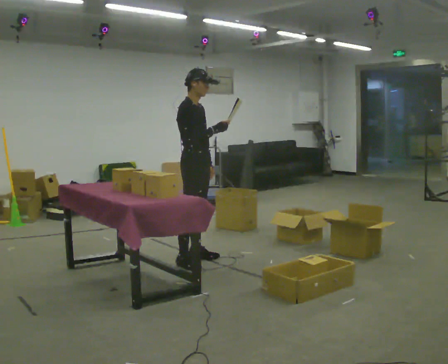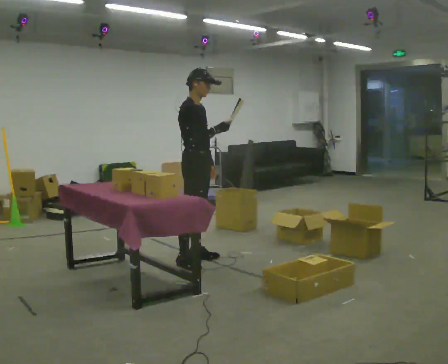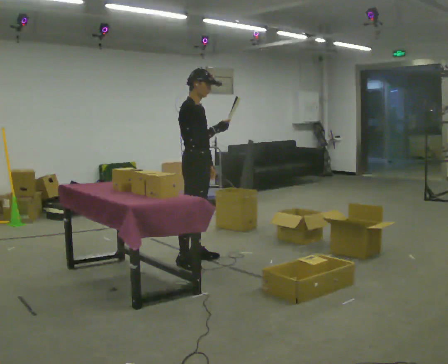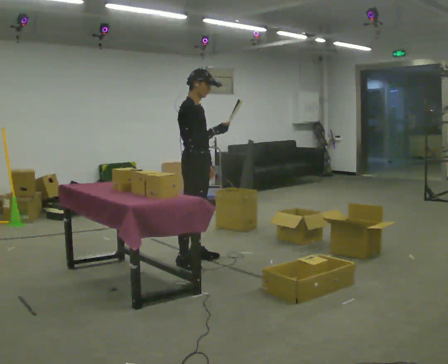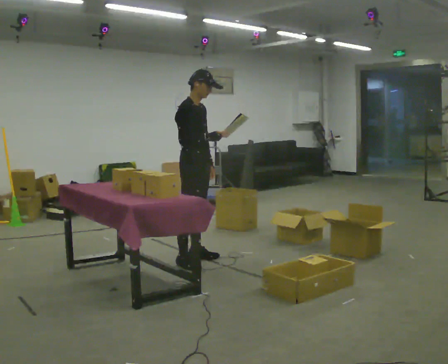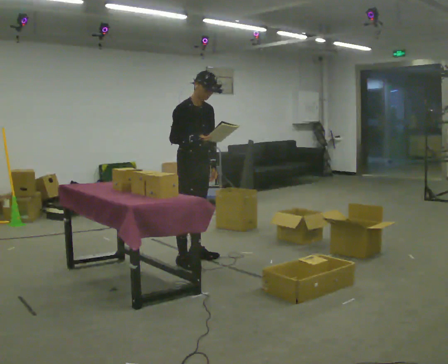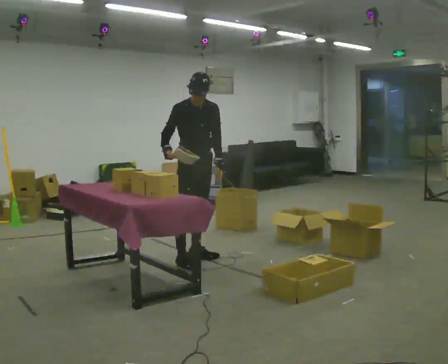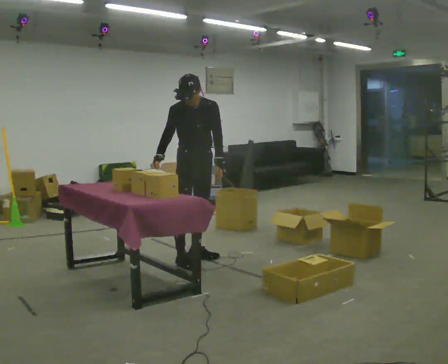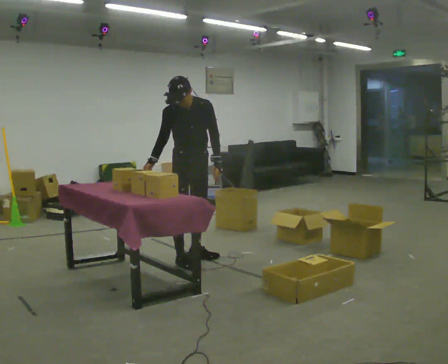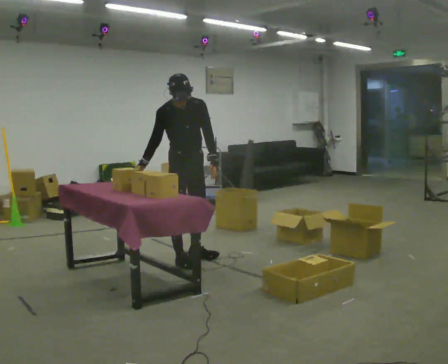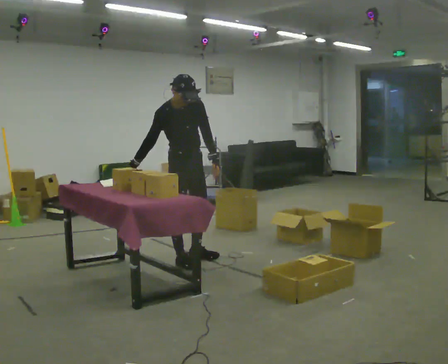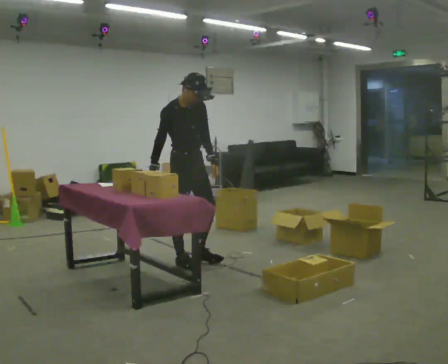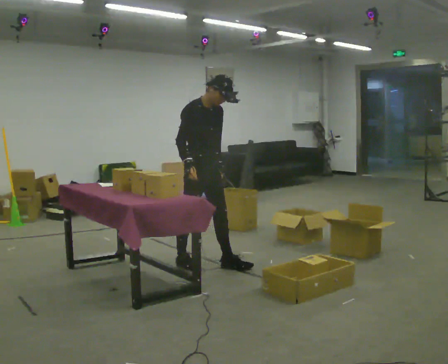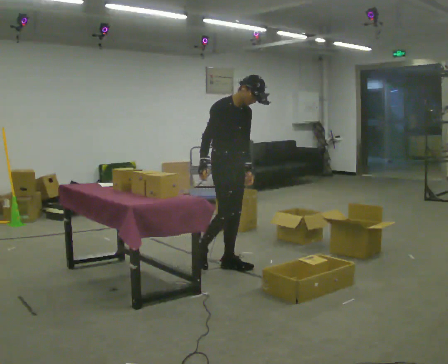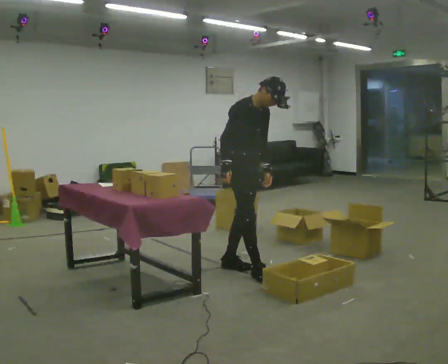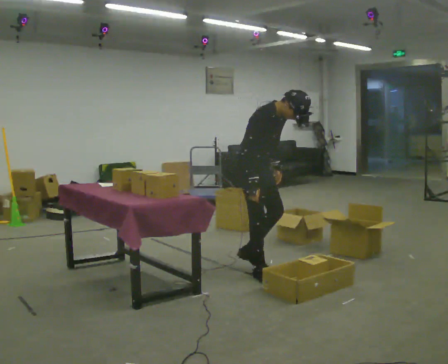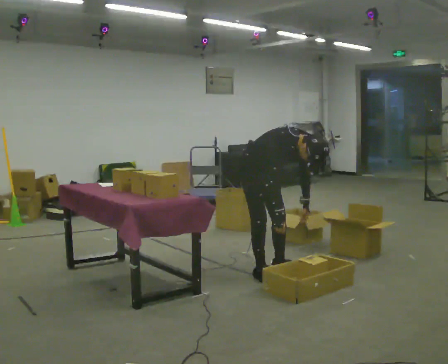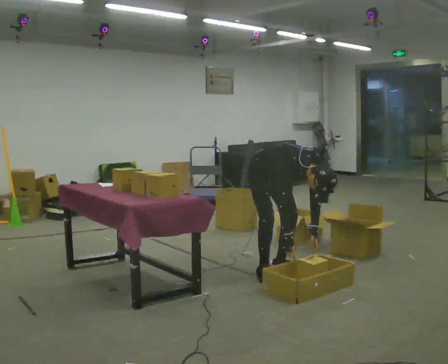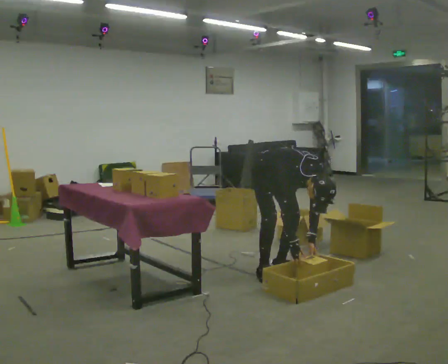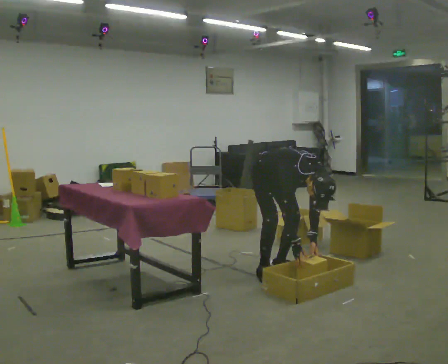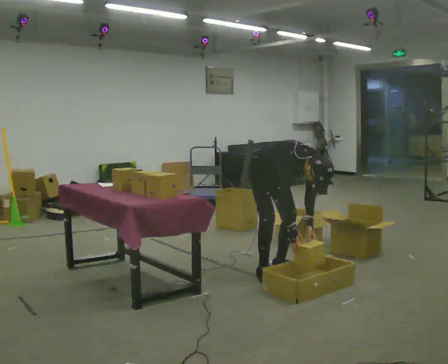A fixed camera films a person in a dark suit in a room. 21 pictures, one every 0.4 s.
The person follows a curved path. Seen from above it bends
counterclockwise.
0.0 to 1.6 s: The person moves a little, or ends about where they began.
1.6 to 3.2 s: The person turns about 45 degrees to their right, clockwise seen from above, so the part of the body nearest the lens slides to the left. In the picture their right hand goes to the left.
3.2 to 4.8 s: The part of the body nearest the lens slides to the right as the person turns to their left by about 30 degrees. In the picture they go toward the camera, about 0.25 m in 1 step, which for them is forward. In the picture their right hand goes to the right.
4.8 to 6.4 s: In the picture they go to the right and toward the camera, about 0.5 m in 2 steps, which for them is forward. The shoulders move downward. The upper body tips toward the camera, its near side rolling downward, as they bend forward. In the picture their right hand goes downward.
6.4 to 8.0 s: The person moves a little, or ends about where they began.
The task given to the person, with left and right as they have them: 1. Read the parts list. 2. Collect each part from the bins around the room. 3. Lay them out on the table in the order on the list. 4. Put them all in the carry case. 5. Tell the operator when you are finished.
The film runs forward here.
